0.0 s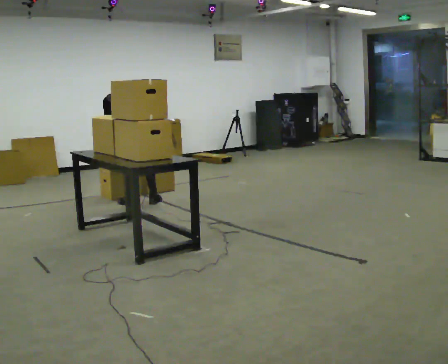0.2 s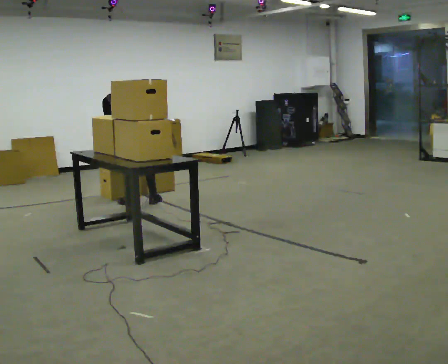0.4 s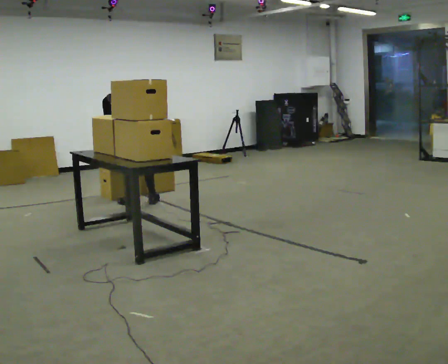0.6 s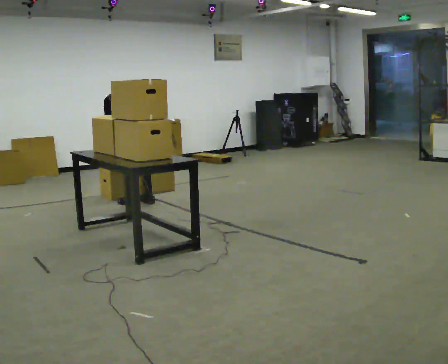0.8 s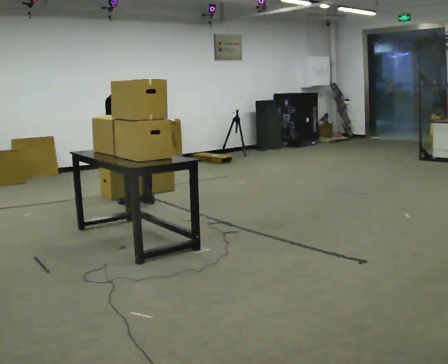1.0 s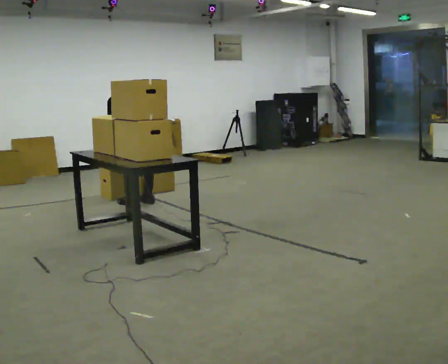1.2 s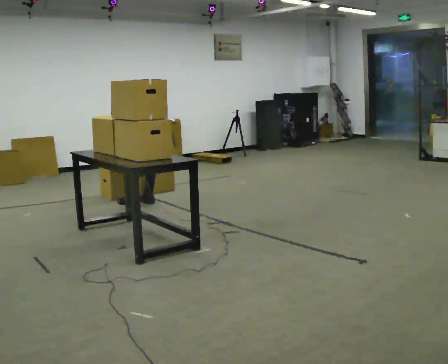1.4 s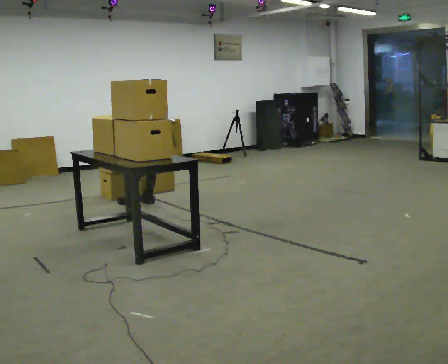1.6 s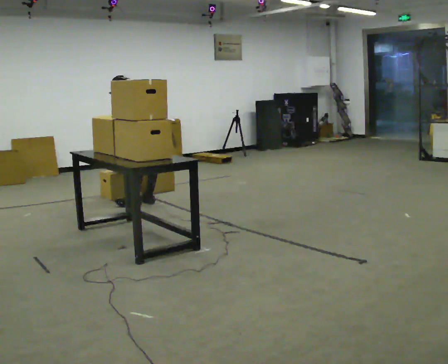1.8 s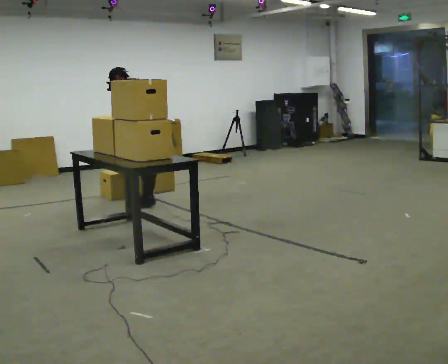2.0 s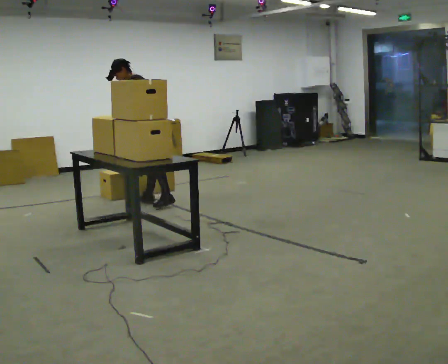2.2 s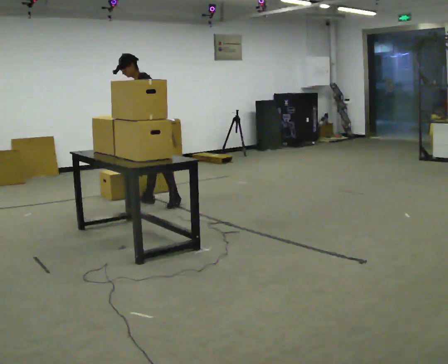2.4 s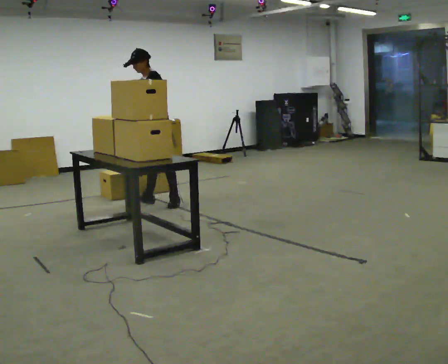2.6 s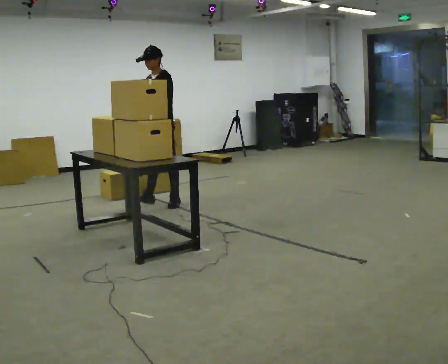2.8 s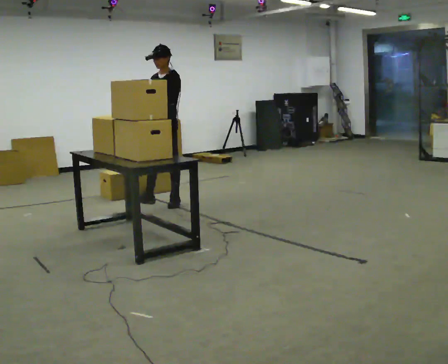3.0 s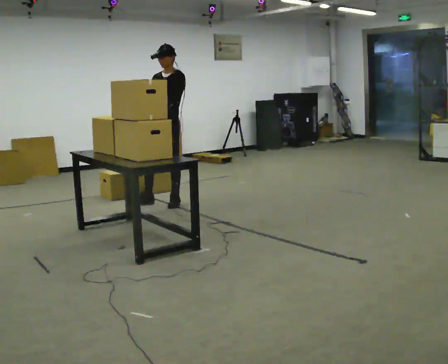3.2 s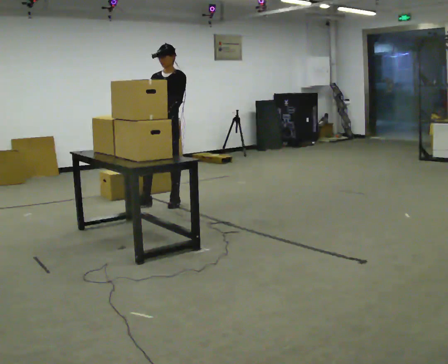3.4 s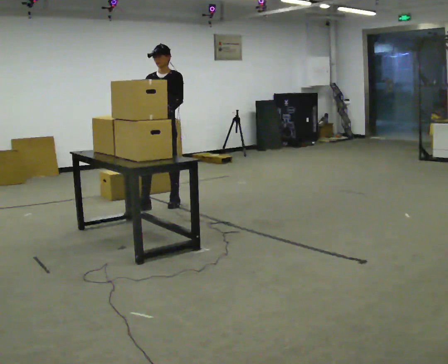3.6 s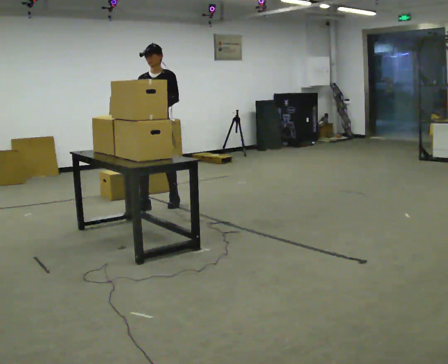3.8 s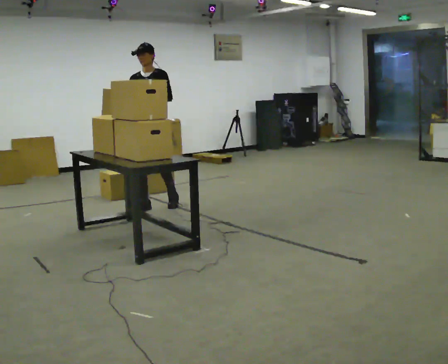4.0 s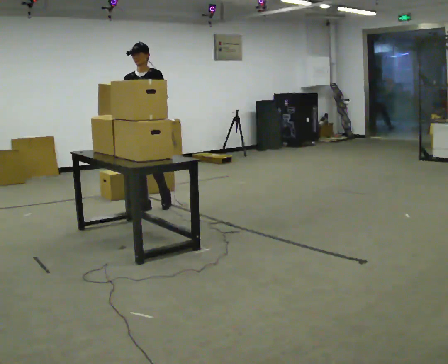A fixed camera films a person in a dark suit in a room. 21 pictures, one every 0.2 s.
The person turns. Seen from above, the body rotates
counterclockwise.
Their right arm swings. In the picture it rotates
clockwise.
0.0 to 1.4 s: In the picture they go to the right, about 0.25 m, which for them is to their right.
1.4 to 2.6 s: The person turns about 75 degrees to their left, counterclockwise seen from above, so the part of the body nearest the lens slides to the right. In the picture they go to the right, about 0.25 m in 1 step. The shoulders move upward. The upper body tips toward the camera, its near side rolling downward, as they lean back or straighten. In the picture their left hand goes to the right.
2.6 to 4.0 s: The person turns about 45 degrees to their left, counterclockwise seen from above, so the part of the body nearest the lens slides to the right. In the picture they go to the left and toward the camera, about 0.25 m in 1 step, which for them is forward. In the picture their left hand goes upward.
The film runs forward here.
